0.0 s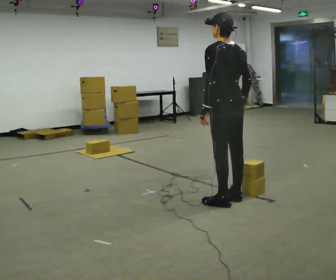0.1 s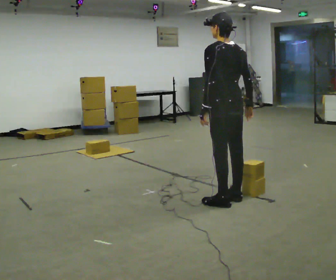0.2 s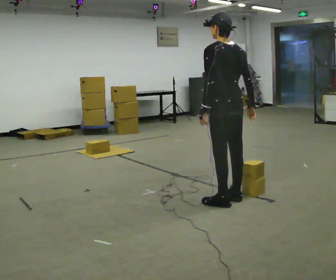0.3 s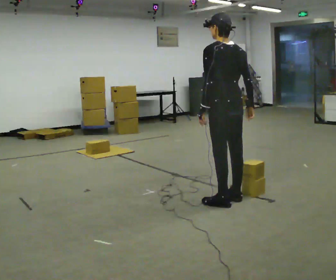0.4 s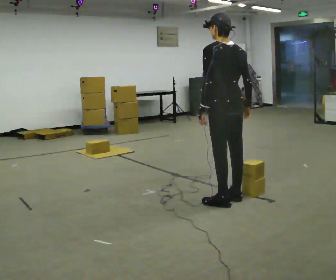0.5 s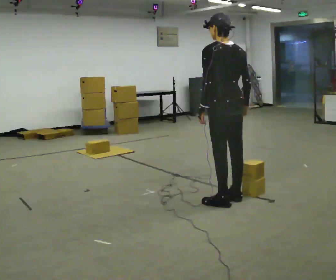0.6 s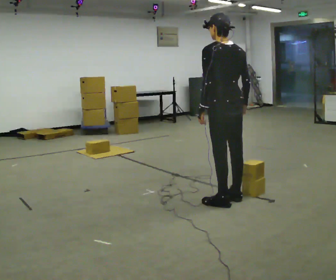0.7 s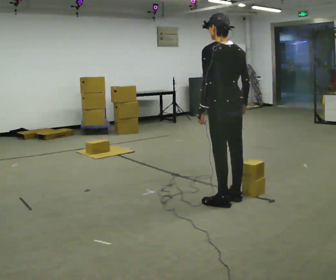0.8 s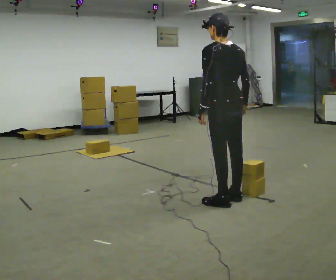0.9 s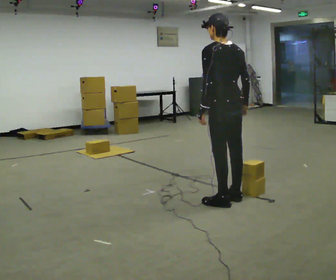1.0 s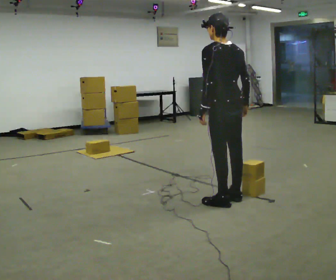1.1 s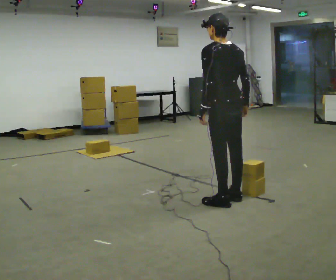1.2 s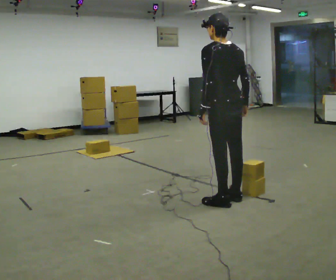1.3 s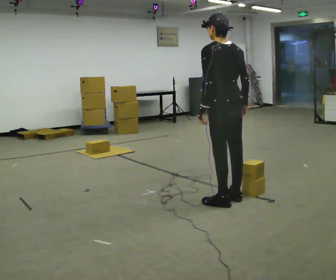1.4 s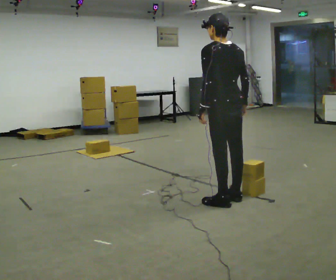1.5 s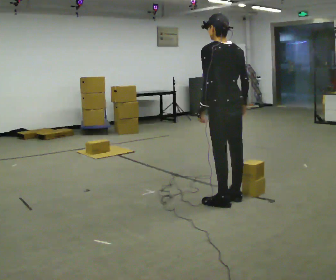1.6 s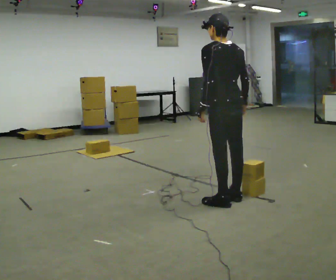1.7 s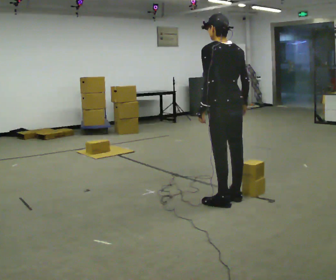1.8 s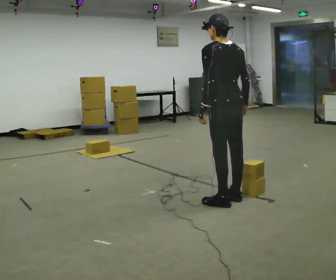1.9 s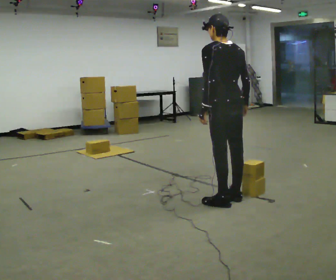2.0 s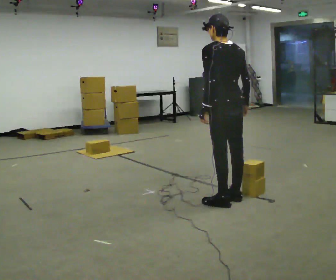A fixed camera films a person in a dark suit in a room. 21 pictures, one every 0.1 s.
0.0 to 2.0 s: The person moves a little, or ends about where they began.
The film runs forward here.
